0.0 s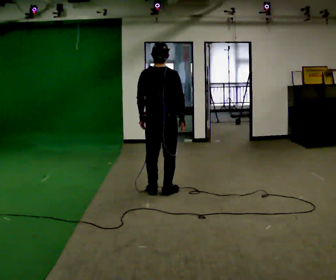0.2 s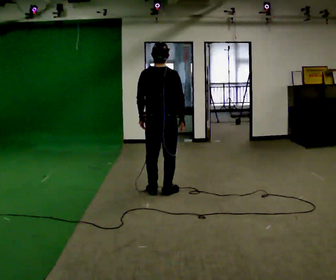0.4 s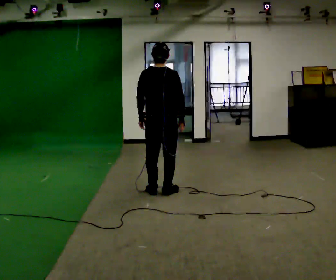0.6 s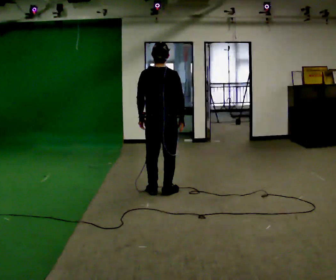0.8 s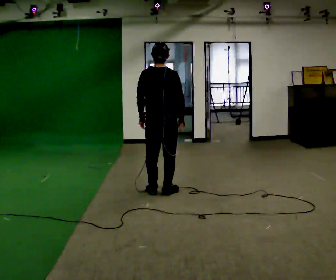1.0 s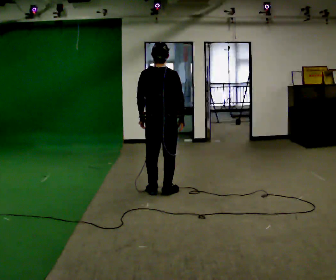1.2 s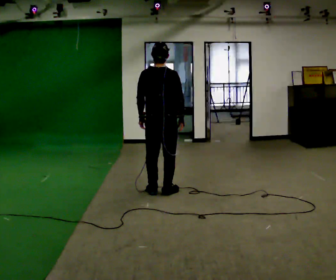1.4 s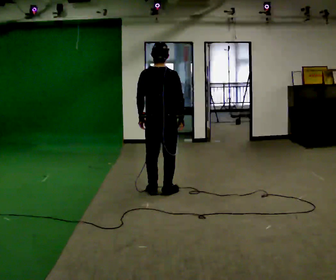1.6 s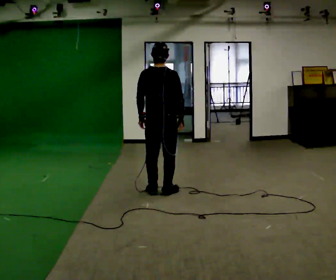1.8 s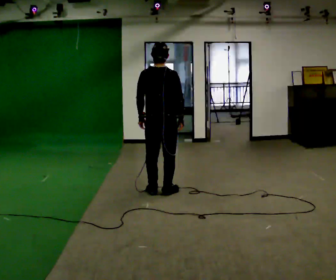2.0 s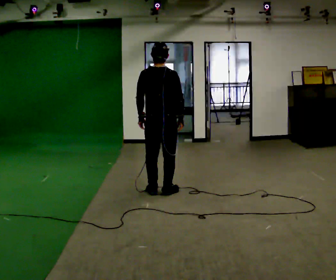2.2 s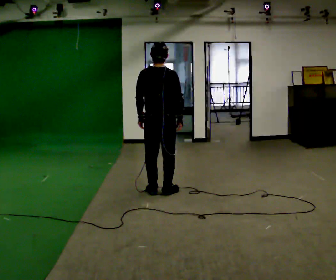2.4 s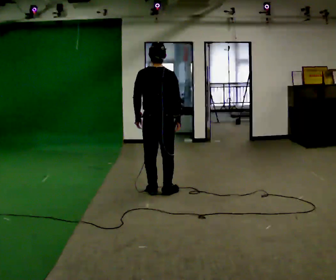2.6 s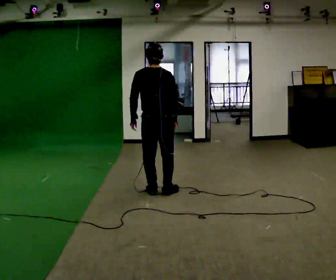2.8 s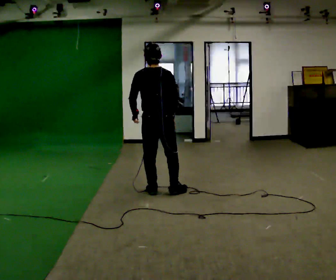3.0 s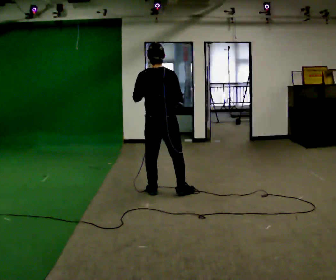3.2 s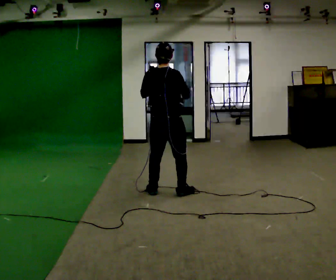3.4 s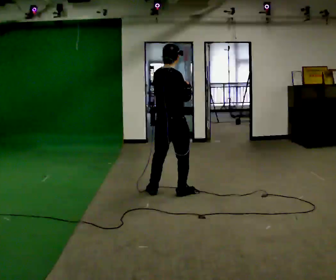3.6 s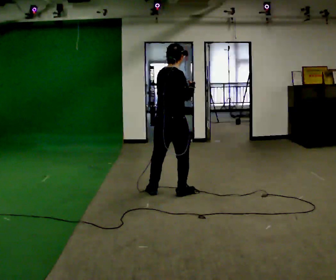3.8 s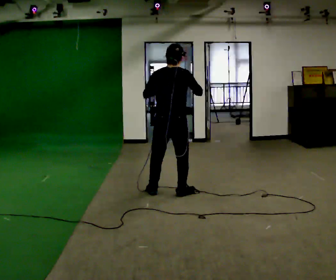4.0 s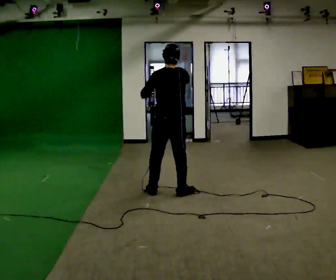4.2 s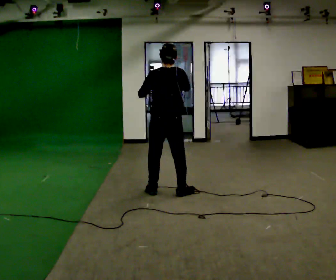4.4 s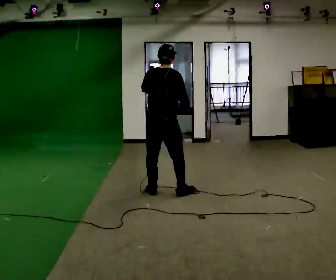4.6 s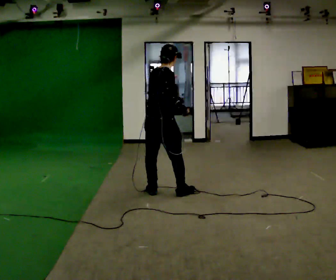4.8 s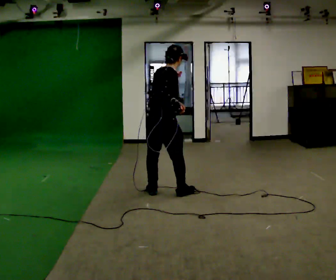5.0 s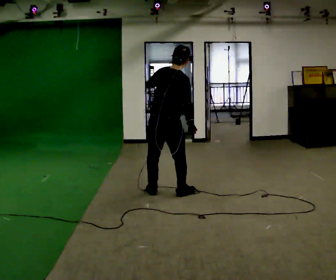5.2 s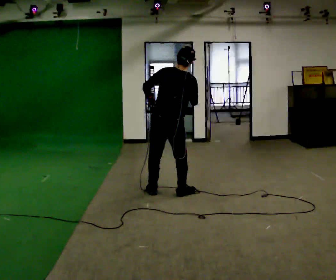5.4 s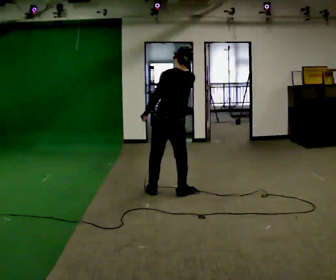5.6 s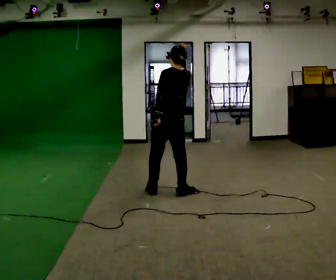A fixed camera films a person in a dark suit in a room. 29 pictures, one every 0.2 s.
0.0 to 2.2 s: The person moves a little, or ends about where they began.
2.2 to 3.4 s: Seen from above the body turns clockwise, about 30 degrees: to their right, with its near side sliding to the left. In the picture their left hand goes upward and to the right.
3.4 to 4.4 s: The person moves a little, or ends about where they began.
4.4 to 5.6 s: The part of the body nearest the lens slides to the right as the person turns to their left by about 45 degrees. In the picture their left hand goes downward.
The film runs forward here.
